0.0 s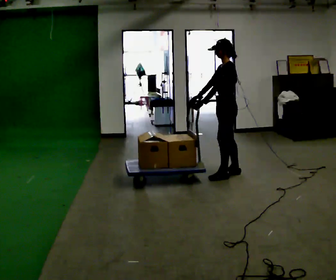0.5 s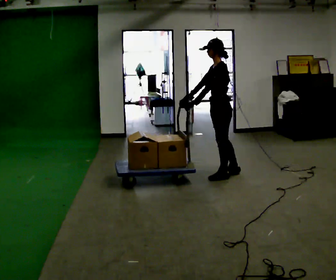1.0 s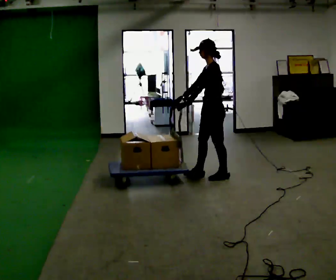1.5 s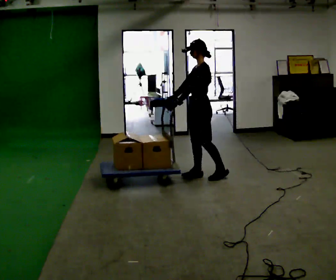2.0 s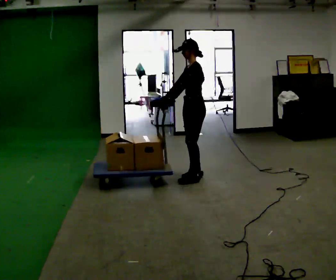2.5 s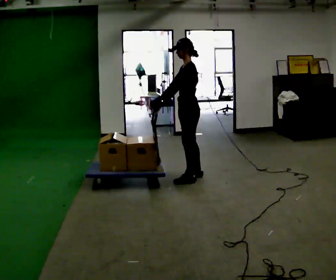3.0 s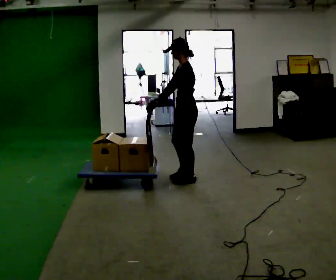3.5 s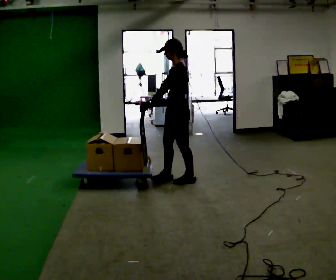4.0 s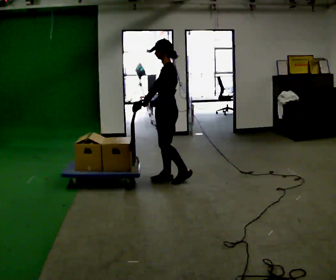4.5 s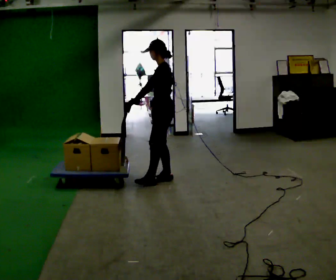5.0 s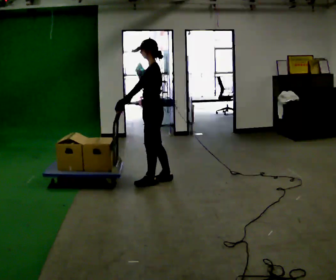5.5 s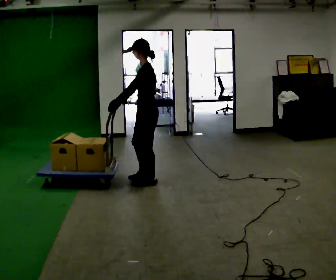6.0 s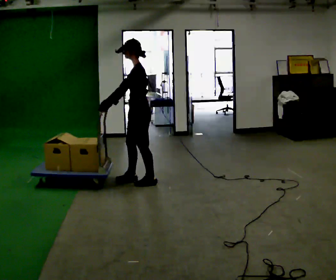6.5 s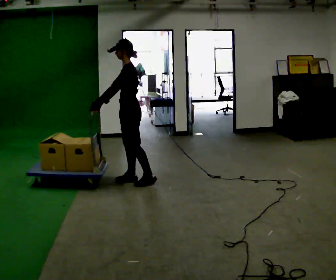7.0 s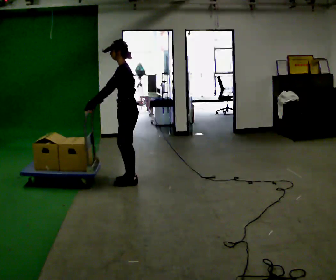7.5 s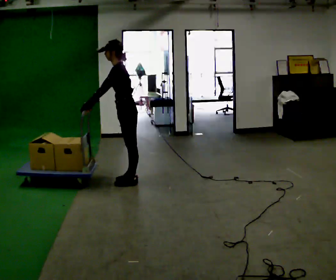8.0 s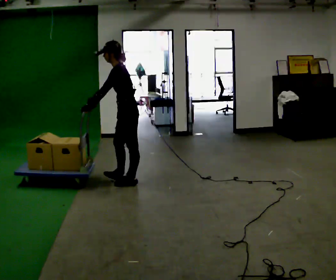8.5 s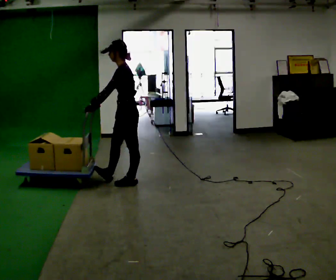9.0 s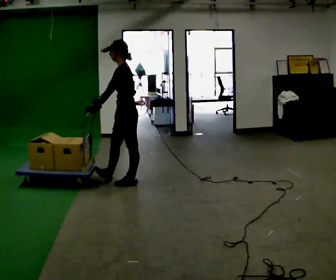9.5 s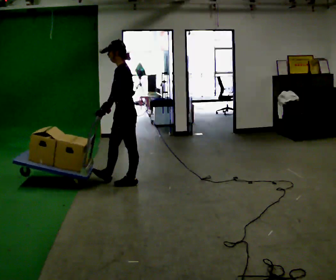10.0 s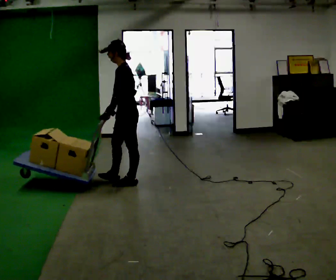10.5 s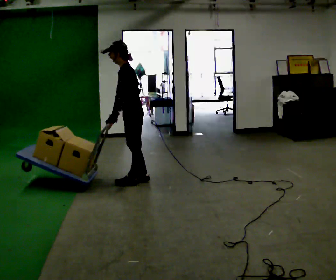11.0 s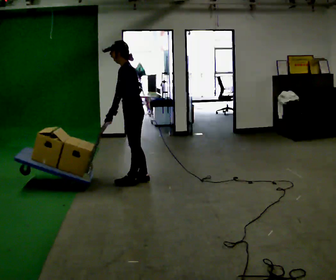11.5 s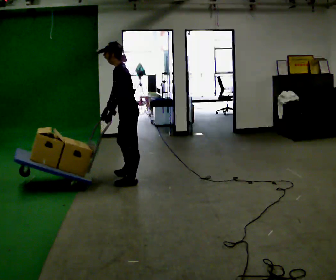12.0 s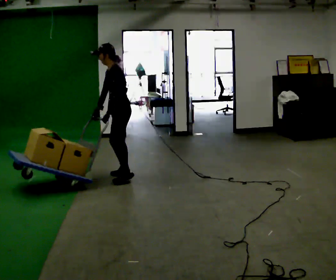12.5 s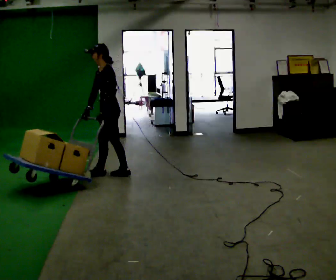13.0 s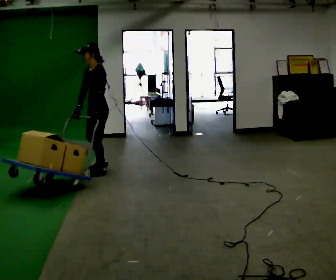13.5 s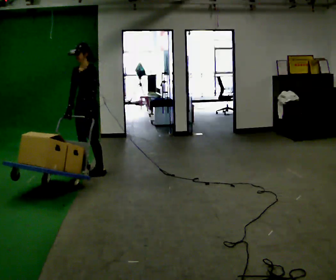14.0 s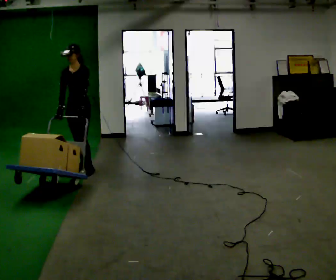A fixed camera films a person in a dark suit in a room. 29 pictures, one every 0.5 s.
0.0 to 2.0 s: In the picture they go to the left, about 0.5 m in 1 step, which for them is forward.
2.0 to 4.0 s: In the picture they go to the left, about 0.25 m in 2 steps, which for them is forward and to their left.
4.0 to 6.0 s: In the picture they go to the left, about 0.25 m in 2 steps, which for them is forward.
6.0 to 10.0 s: The person moves a little, or ends about where they began.
10.0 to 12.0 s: In the picture they go away from the camera, about 0.25 m in 2 steps, which for them is to their right and forward.
12.0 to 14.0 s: Seen from above the body turns counterclockwise, about 60 degrees: to their left, with its near side sliding to the right. In the picture they go to the left and away from the camera, about 0.5 m in 2 steps, which for them is forward and to their right.
The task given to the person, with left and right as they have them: Push the cart across the room and back. The operator will change how much is loaded on it between takes and will tell you each time.
The film runs forward here.
